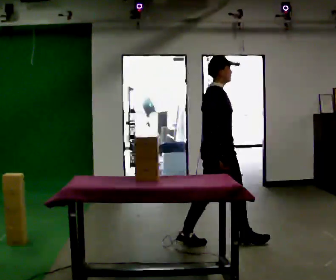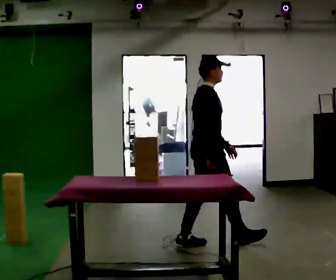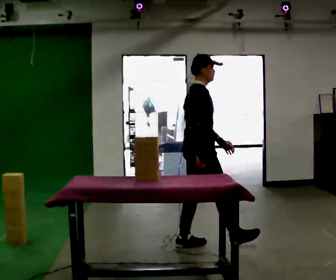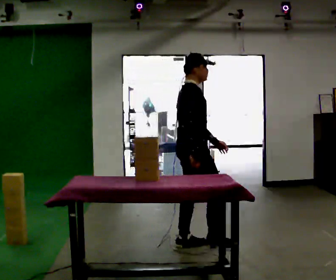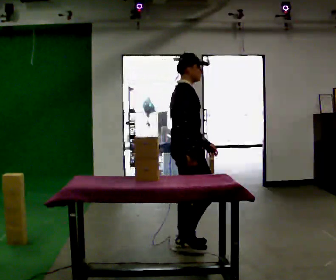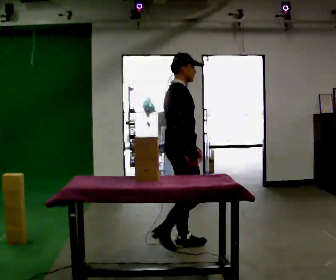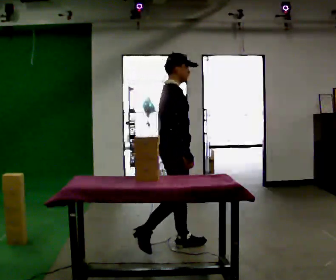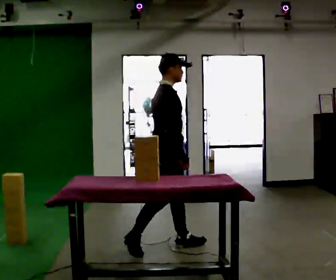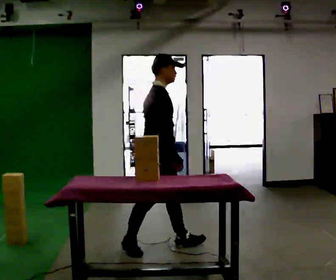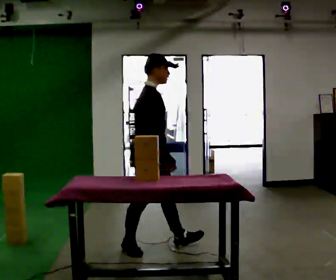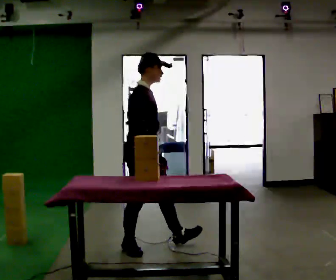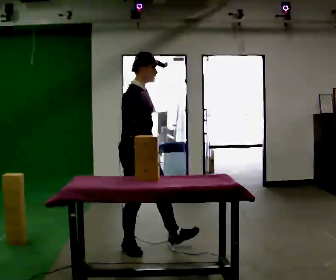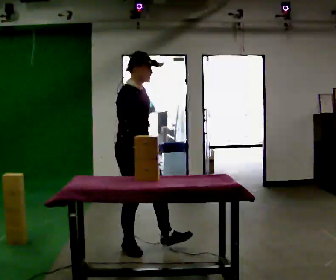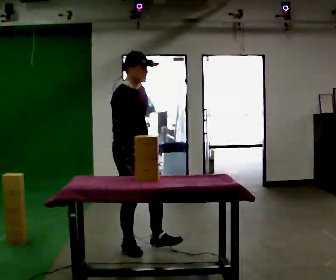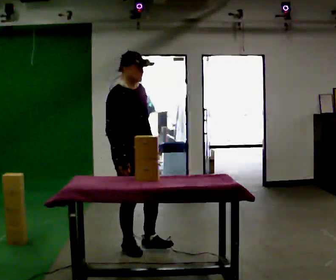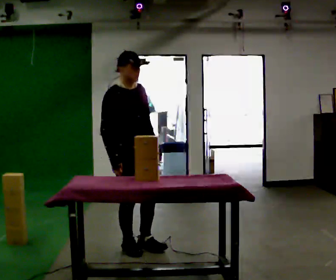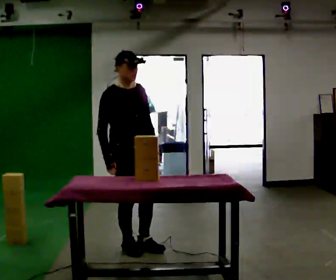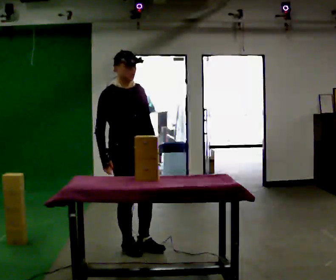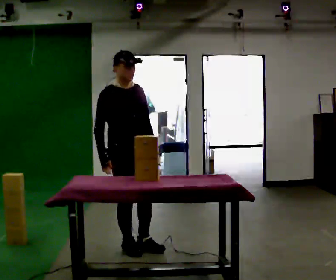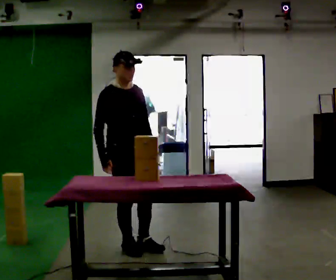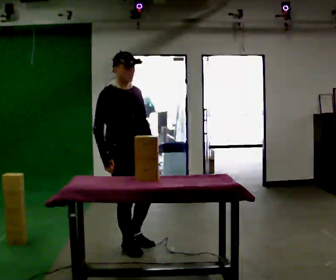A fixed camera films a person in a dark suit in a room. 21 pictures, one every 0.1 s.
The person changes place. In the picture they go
to the left.
The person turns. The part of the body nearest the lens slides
to the left.
0.0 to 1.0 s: In the picture they go to the left, about 0.75 m in 1 step, which for them is backward.
1.0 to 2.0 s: Seen from above the body turns clockwise, about 45 degrees: to their right, with its near side sliding to the left.
The film runs backward here.
